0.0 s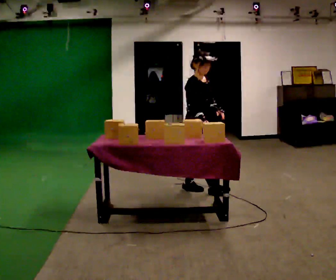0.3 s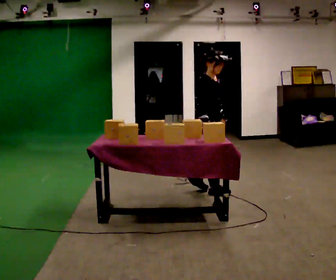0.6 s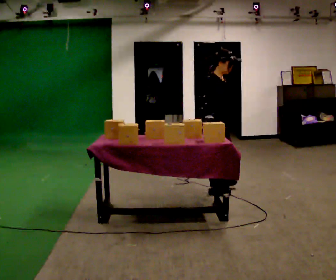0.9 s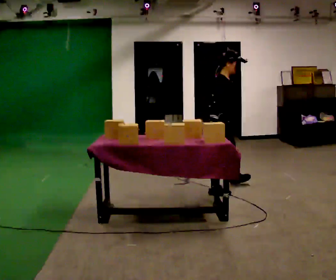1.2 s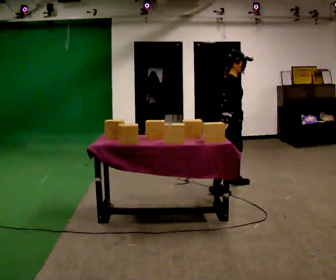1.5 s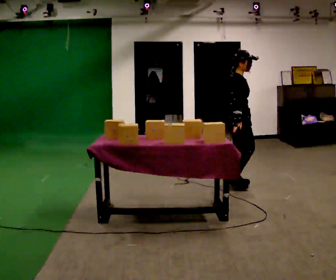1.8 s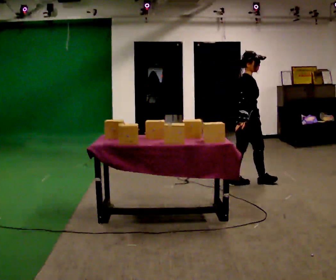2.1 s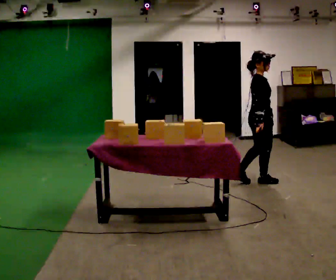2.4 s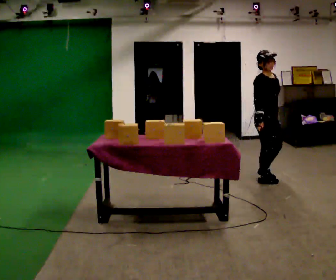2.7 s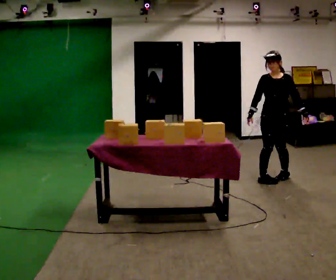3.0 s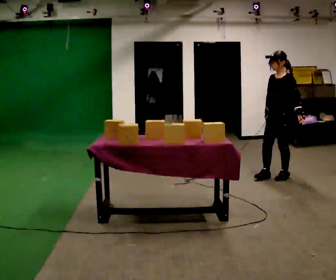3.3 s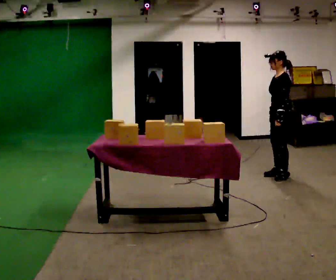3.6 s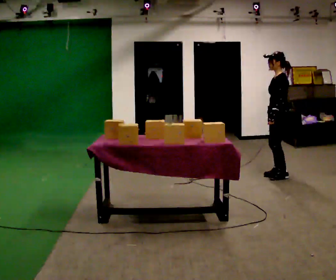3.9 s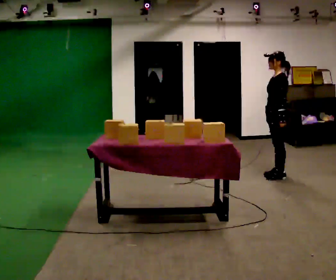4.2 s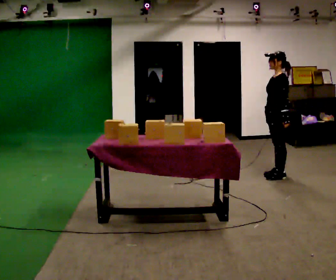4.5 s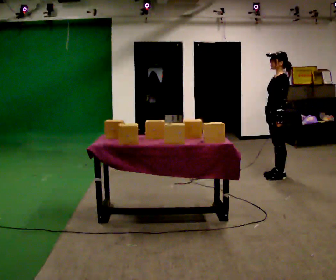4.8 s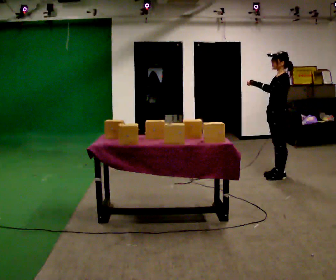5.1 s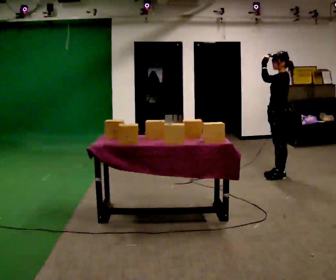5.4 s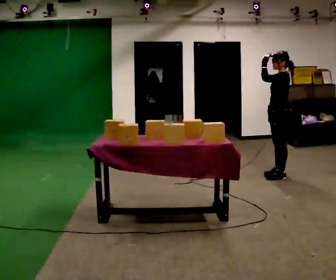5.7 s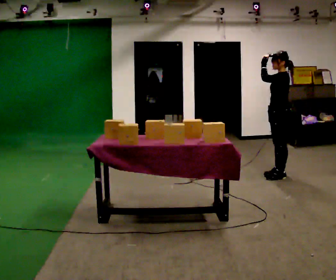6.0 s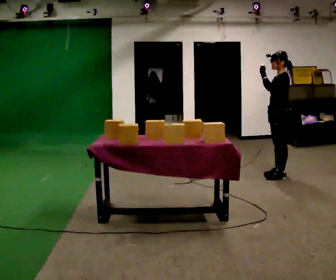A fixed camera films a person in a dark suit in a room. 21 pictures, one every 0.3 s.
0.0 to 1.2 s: In the picture they go to the right and away from the camera, about 0.5 m in 1 step, which for them is forward and to their left.
1.2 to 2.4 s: The person turns about 45 degrees to their right, clockwise seen from above, so the part of the body nearest the lens slides to the left. In the picture they go to the right and away from the camera, about 0.5 m in 1 step, which for them is forward.
2.4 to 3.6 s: The person turns about 135 degrees to their right, clockwise seen from above, so the part of the body nearest the lens slides to the left. In the picture they go away from the camera and to the right, about 0.25 m in 2 steps.
3.6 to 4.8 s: In the picture their left hand goes upward.
4.8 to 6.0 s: The person moves a little, or ends about where they began.
The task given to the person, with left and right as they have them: Carry the handheld device and, while walking, point it at the labels on the shelves and press the button as if scanning them.
The film runs forward here.
